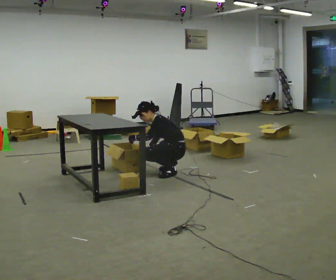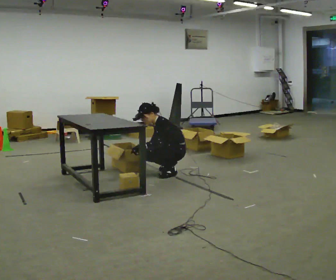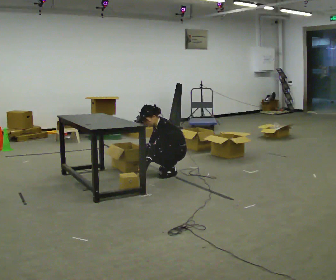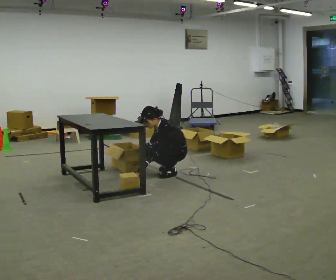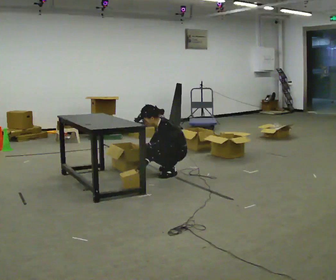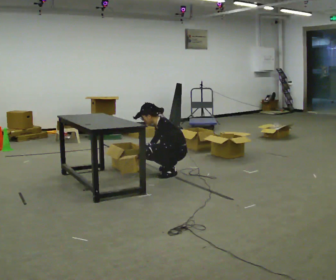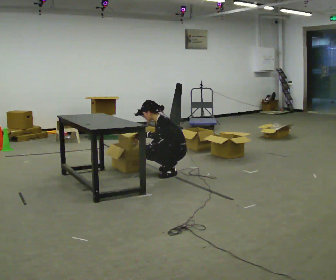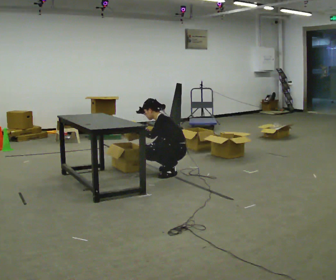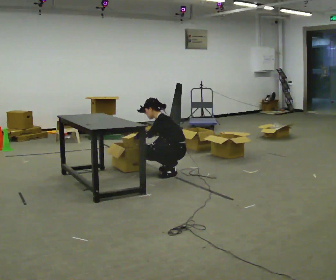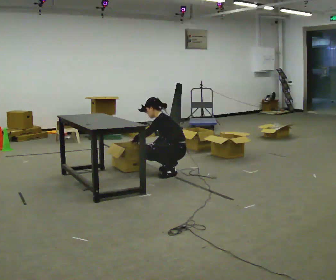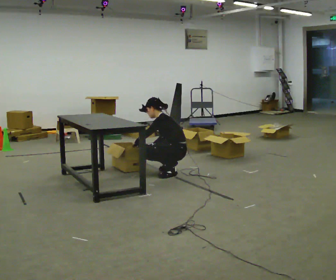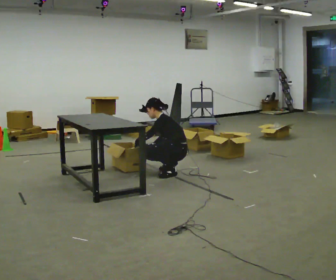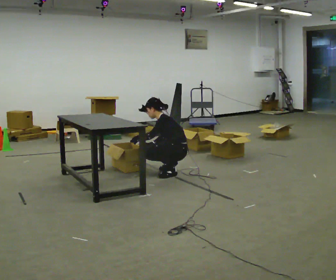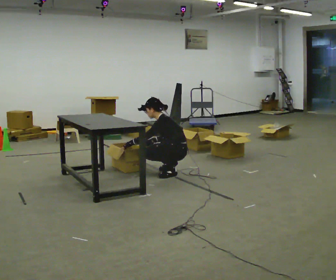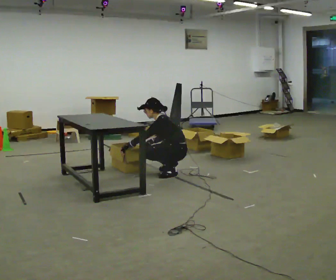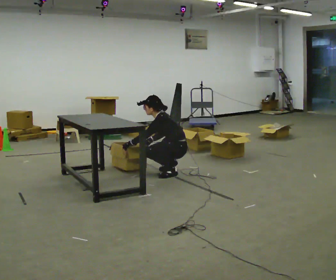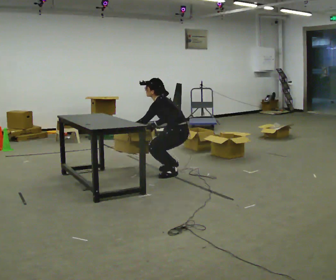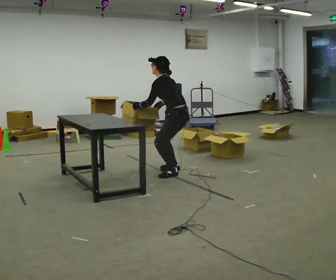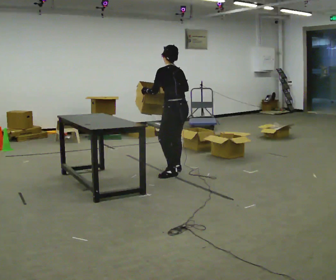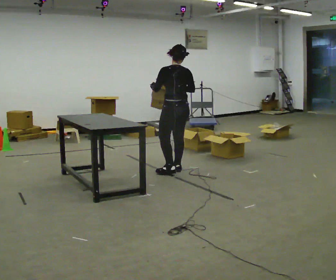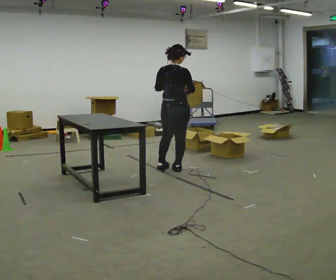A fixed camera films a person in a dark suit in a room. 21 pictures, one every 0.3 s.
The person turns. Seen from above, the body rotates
clockwise.
The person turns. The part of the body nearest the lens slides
to the left.
0.0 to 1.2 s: The upper body tips toward the camera, its near side rolling downward.
1.2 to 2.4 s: The upper body tips away from the camera, its near side rolling upward.
2.4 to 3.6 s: The person moves a little, or ends about where they began.
3.6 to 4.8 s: The upper body goes upward.
4.8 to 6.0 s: The part of the body nearest the lens slides to the left as the person turns to their right by about 105 degrees. The upper body goes upward. In the picture the upper body tilts clockwise, shoulders to the right, as they lean back or straighten. In the picture their left hand goes upward and to the right.
The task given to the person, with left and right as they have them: 1. Take everything out of the crates by the door. 2. Put the small items on the middle shelf. 3. Put the large items on the bottom shelf. 4. Stack the empty crates by the door. 5. Tell the operator when you are finished.
The film runs forward here.
